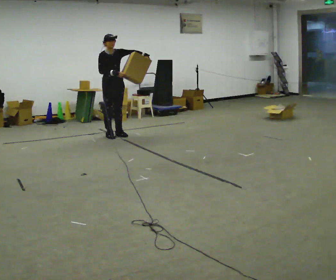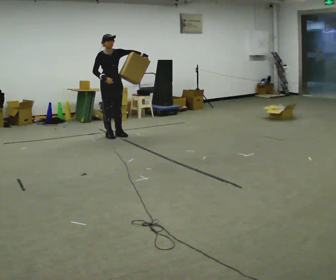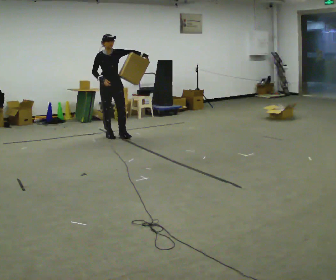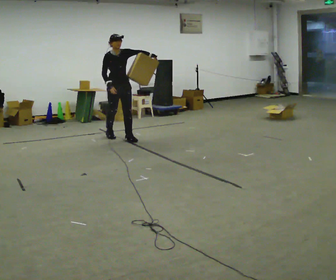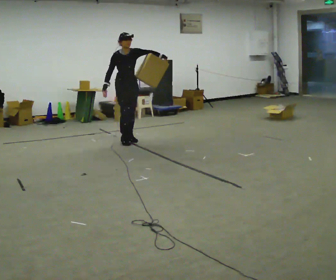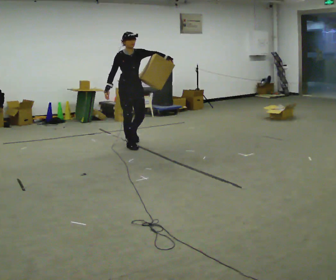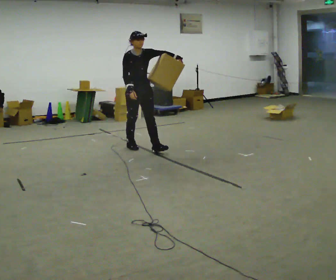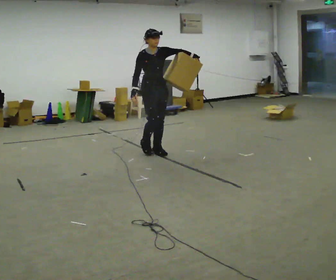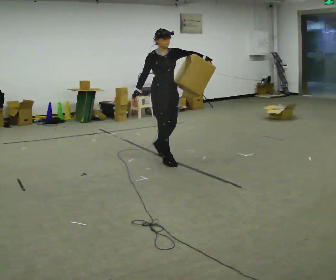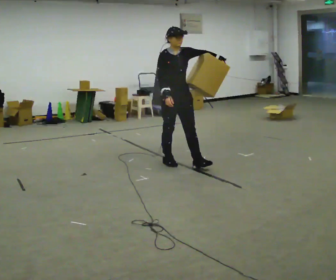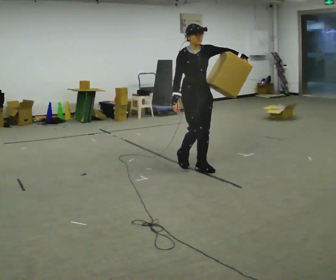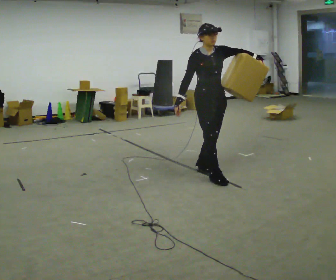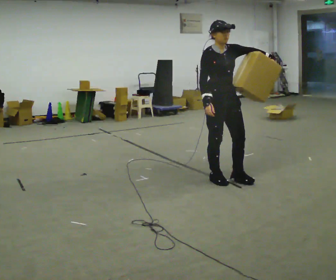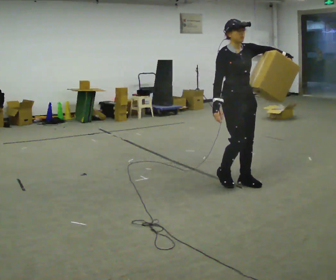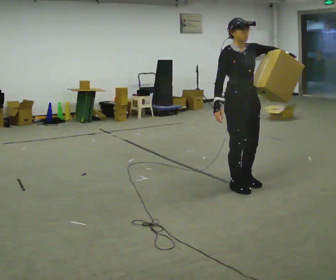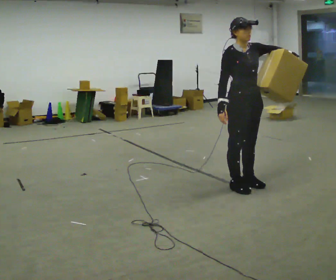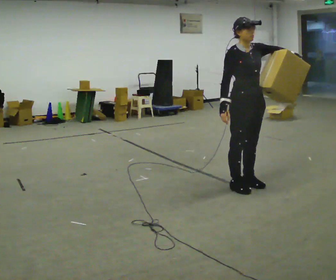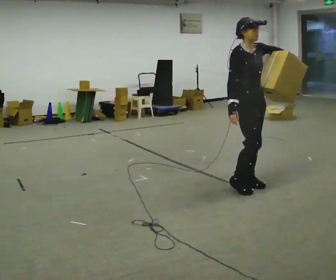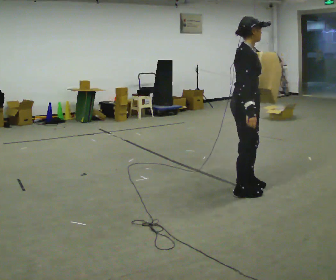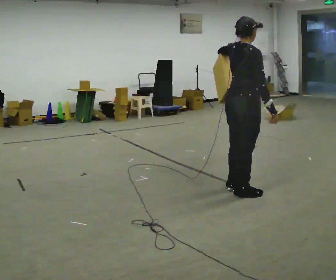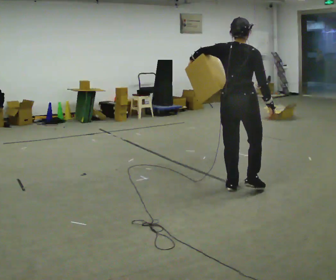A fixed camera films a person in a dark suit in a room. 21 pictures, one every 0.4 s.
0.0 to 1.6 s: In the picture they go toward the camera and to the right, about 0.5 m in 1 step, which for them is forward.
1.6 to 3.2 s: In the picture they go toward the camera and to the right, about 1 m in 3 steps, which for them is forward.
3.2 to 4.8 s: In the picture they go toward the camera and to the right, about 1 m in 2 steps, which for them is forward.
4.8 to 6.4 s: In the picture they go toward the camera and to the right, about 0.25 m in 2 steps, which for them is forward.
6.4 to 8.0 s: The person turns about 120 degrees to their left, counterclockwise seen from above, so the part of the body nearest the lens slides to the right. In the picture their left hand goes to the left.
The film runs forward here.
